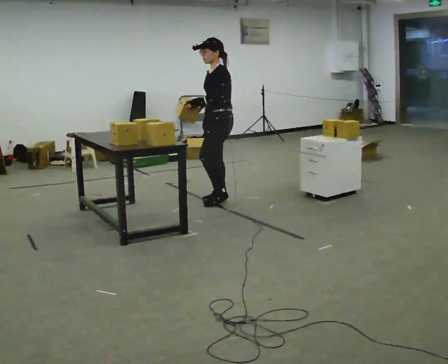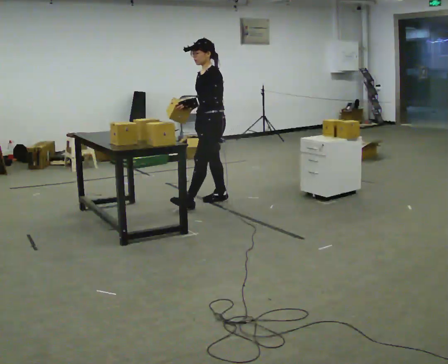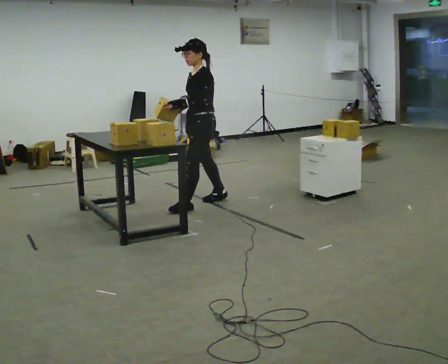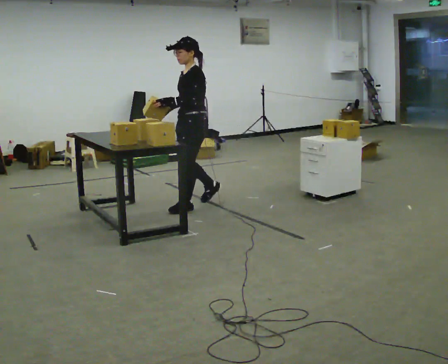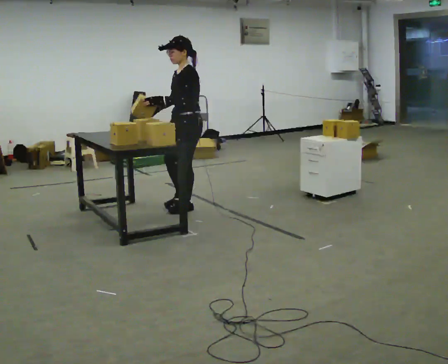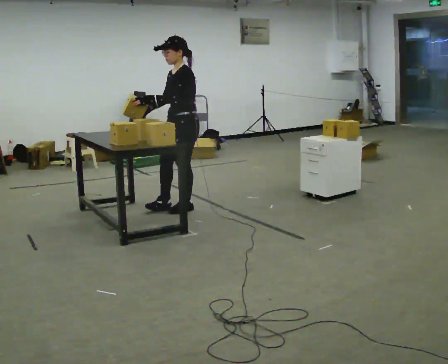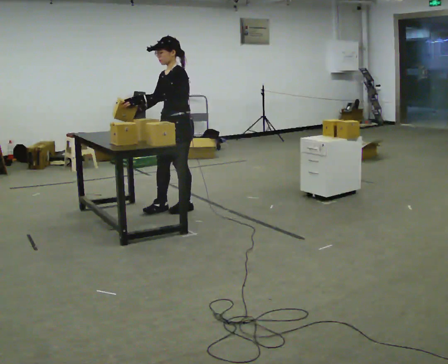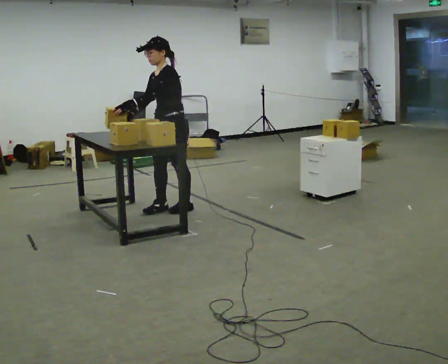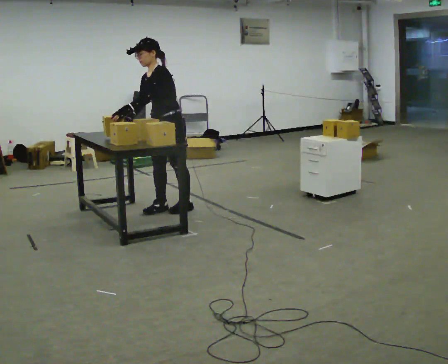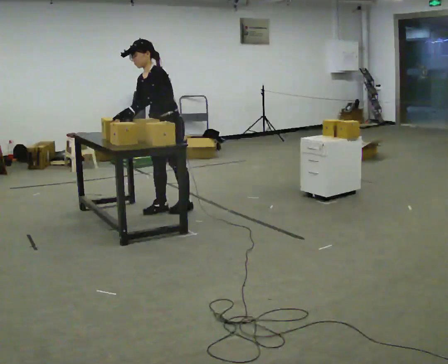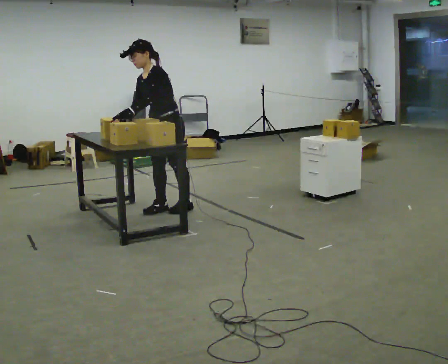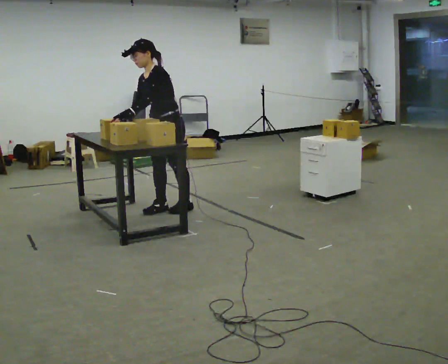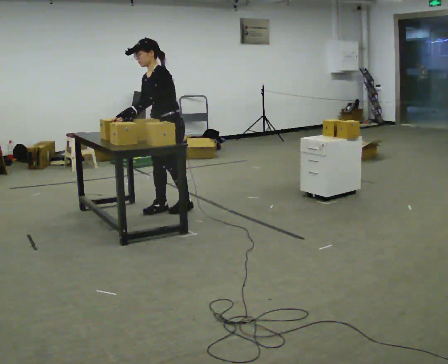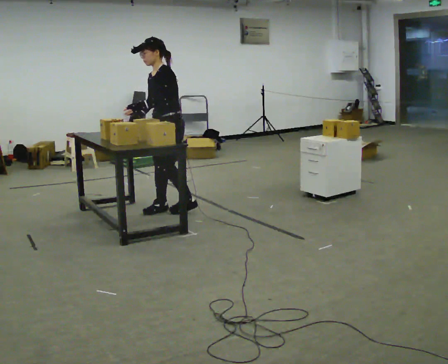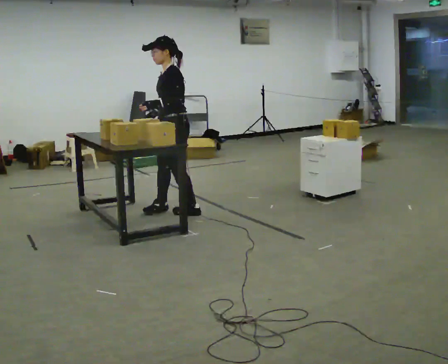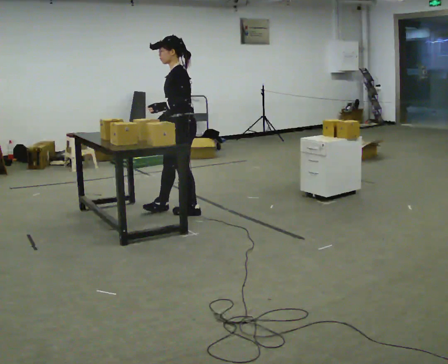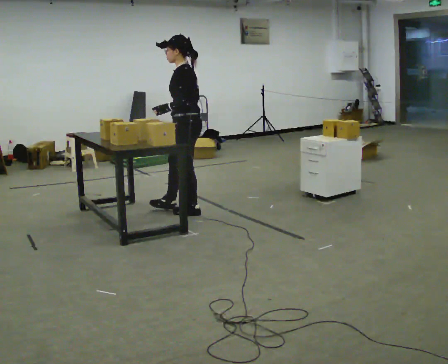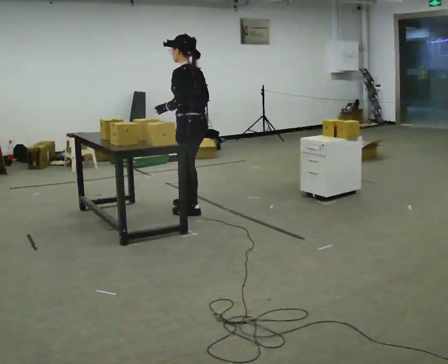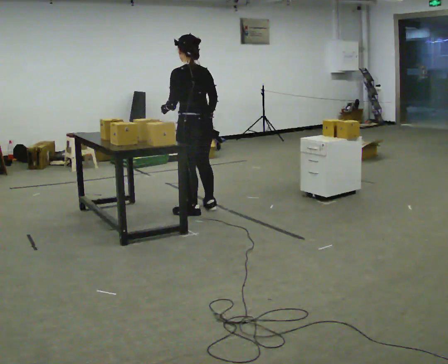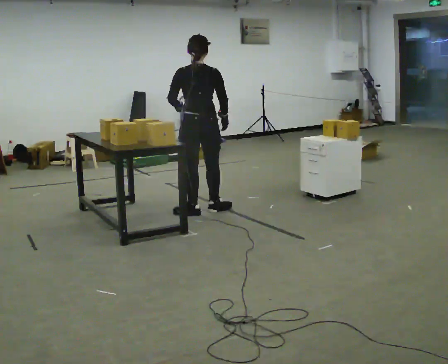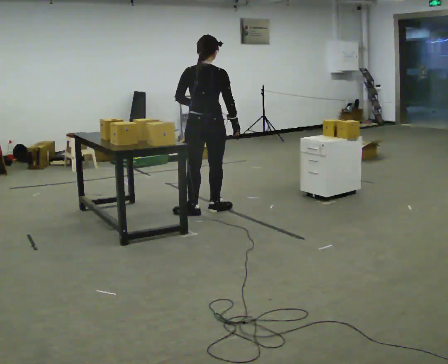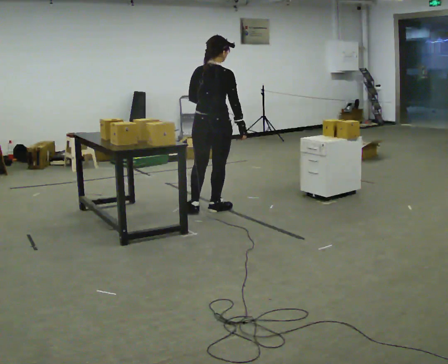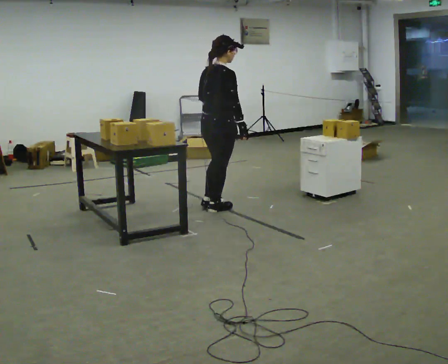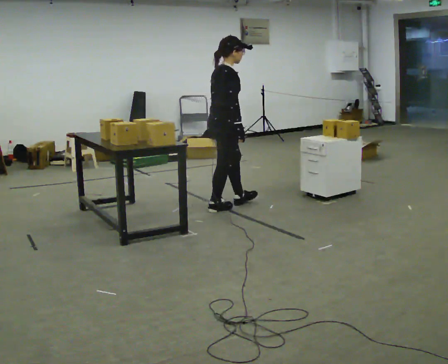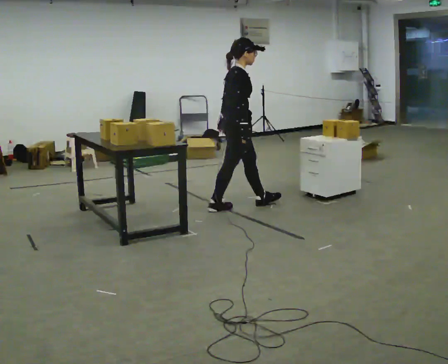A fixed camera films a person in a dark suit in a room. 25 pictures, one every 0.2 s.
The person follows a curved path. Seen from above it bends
counterclockwise.
The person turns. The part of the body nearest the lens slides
to the left.
0.0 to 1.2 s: In the picture they go to the left and toward the camera, about 0.5 m in 2 steps, which for them is forward.
1.2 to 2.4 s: The person moves a little, or ends about where they began.
2.4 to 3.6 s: The part of the body nearest the lens slides to the left as the person turns to their right by about 90 degrees. In the picture they go to the right, about 0.25 m in 2 steps.
3.6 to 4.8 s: The person turns about 120 degrees to their right, clockwise seen from above, so the part of the body nearest the lens slides to the left. In the picture they go to the right, about 0.5 m in 1 step.
The film runs forward here.
